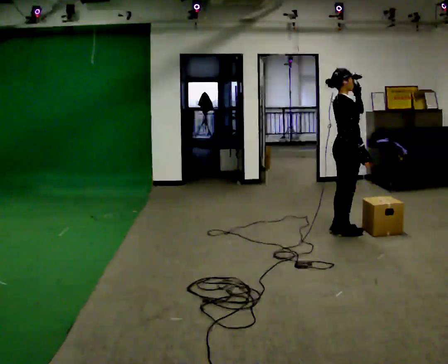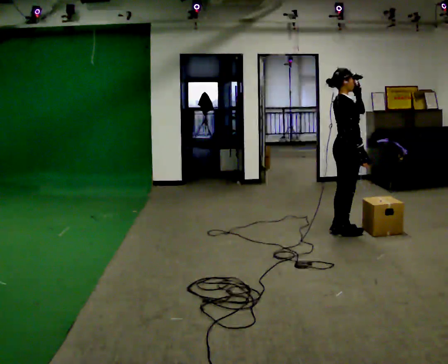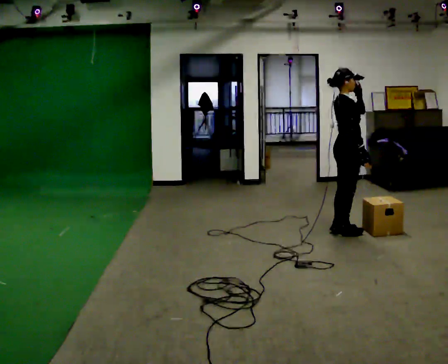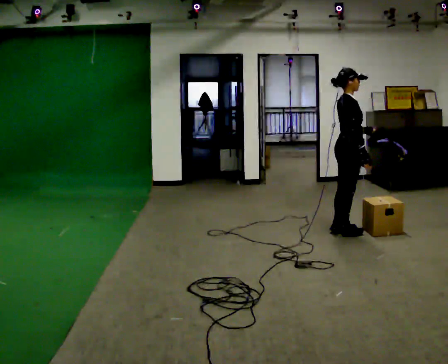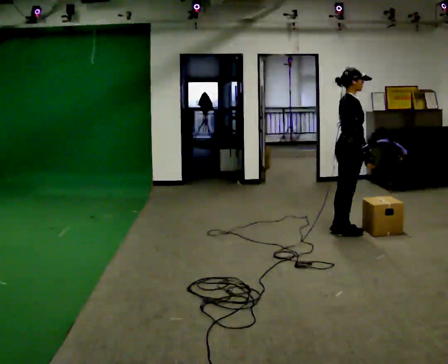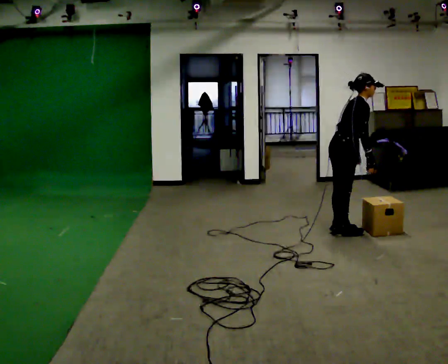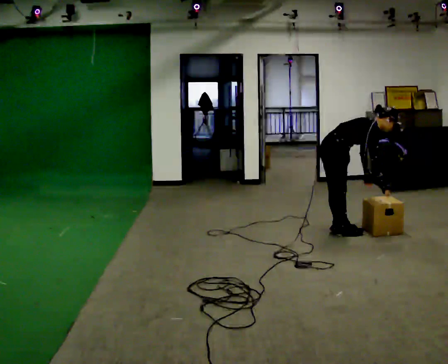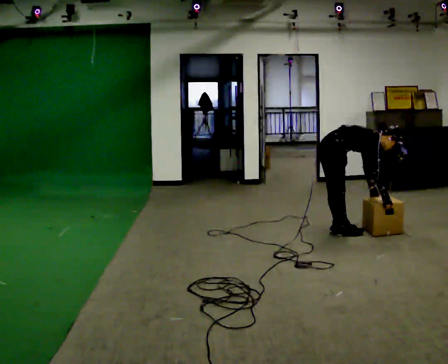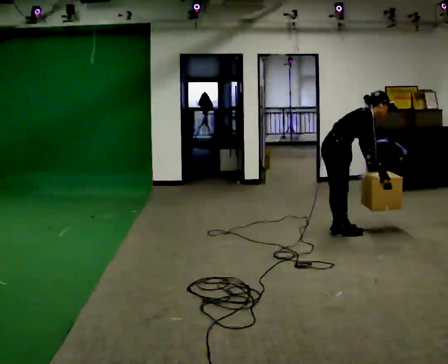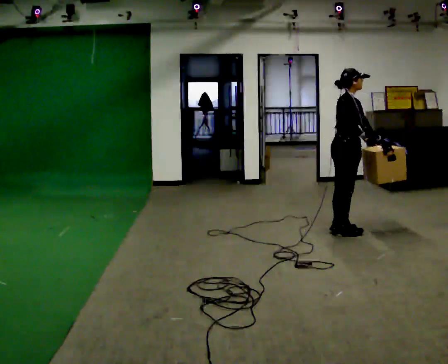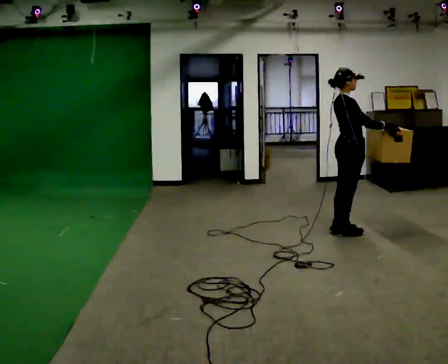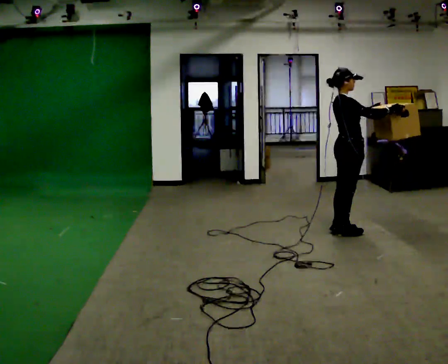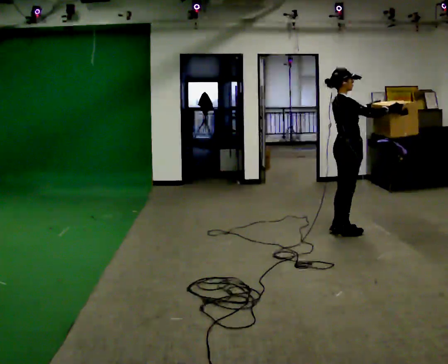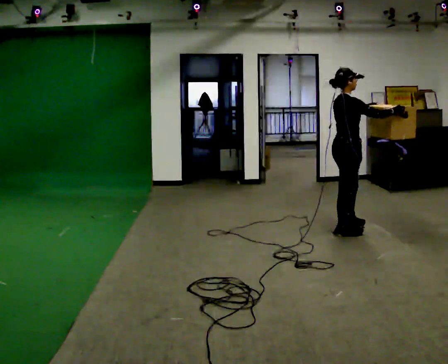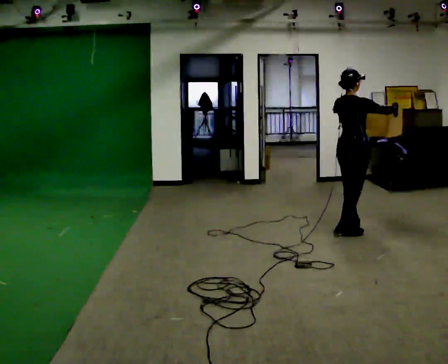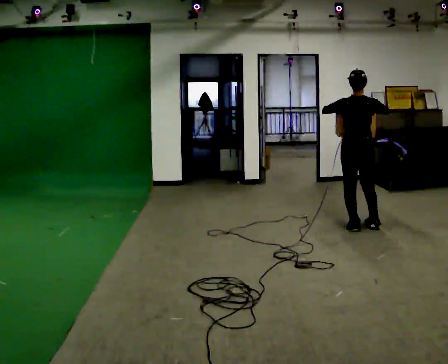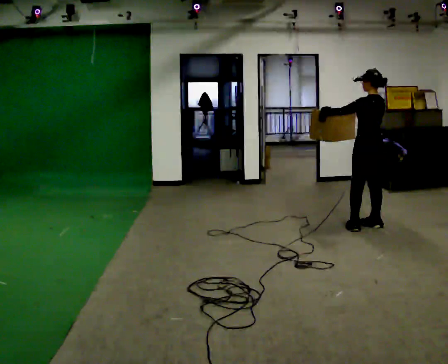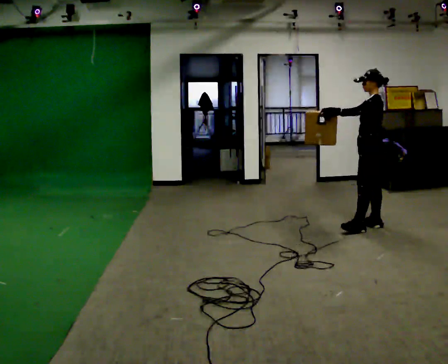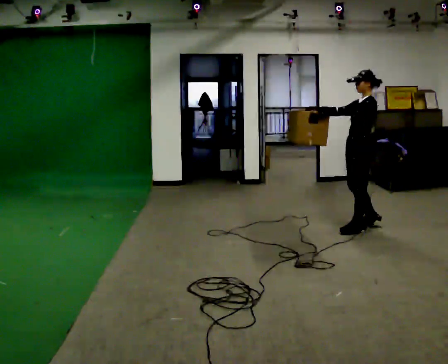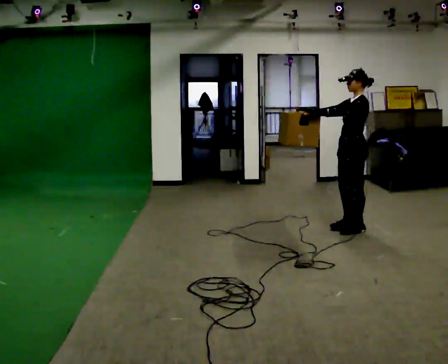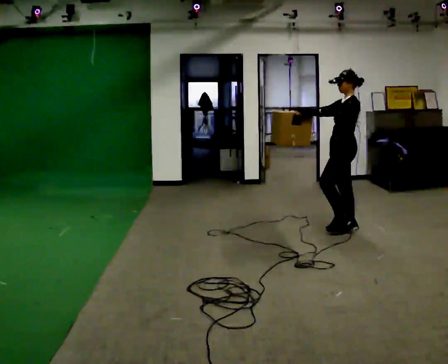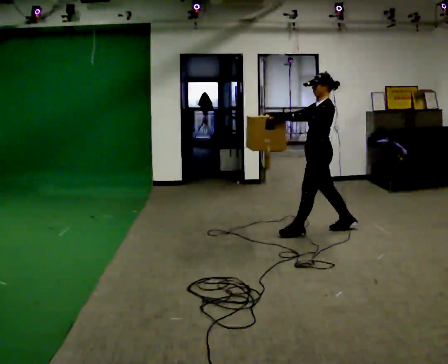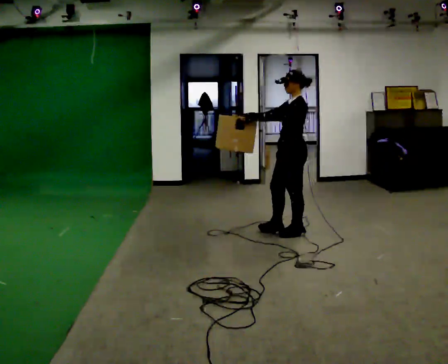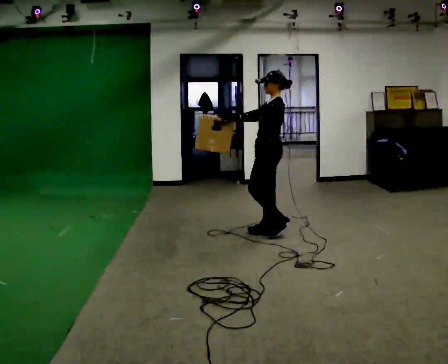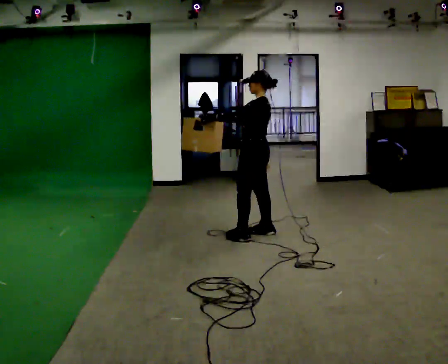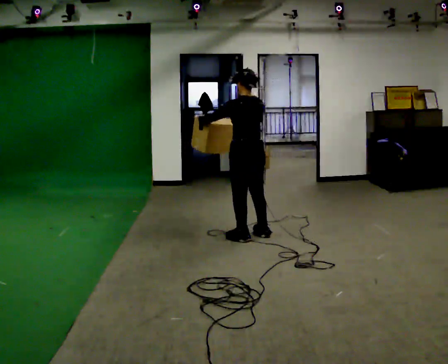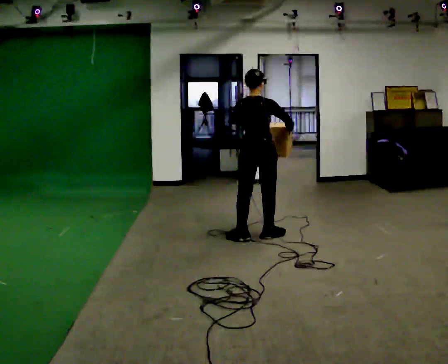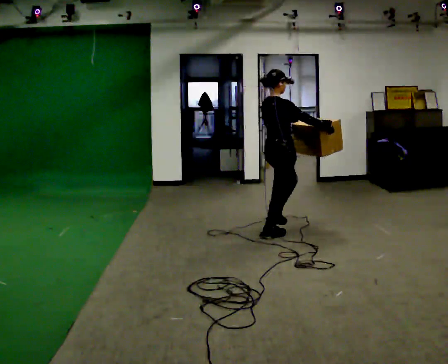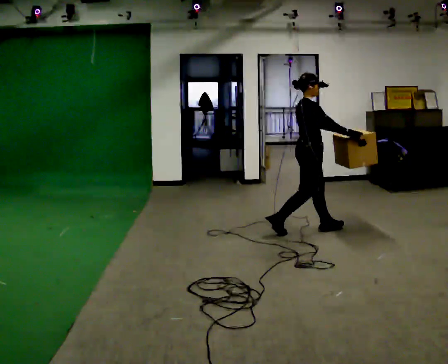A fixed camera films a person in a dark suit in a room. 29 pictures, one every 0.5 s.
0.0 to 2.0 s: In the picture their left hand goes downward.
2.0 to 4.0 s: The person moves a little, or ends about where they began.
4.0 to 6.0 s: In the picture the upper body tilts counterclockwise, shoulders to the left, as they lean back or straighten. In the picture their right hand goes upward, the arm swinging counterclockwise.
6.0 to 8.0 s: Seen from above the body turns counterclockwise, about 135 degrees: to their left, with its near side sliding to the right. In the picture they go away from the camera and to the right, about 0.5 m in 2 steps.
8.0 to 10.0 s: The person turns about 45 degrees to their left, counterclockwise seen from above, so the part of the body nearest the lens slides to the right. In the picture they go to the left, about 0.25 m in 1 step, which for them is forward.
10.0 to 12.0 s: In the picture they go to the left and toward the camera, about 1 m in 3 steps, which for them is forward.
12.0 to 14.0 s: The part of the body nearest the lens slides to the left as the person turns to their right by about 150 degrees. In the picture they go to the right and away from the camera, about 0.5 m in 1 step.
The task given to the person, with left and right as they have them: Carry the box along the marked route, turning 90 degrees at the corner the operator calls, and set it down at the end. Keep going until the operator says stop; one object at a time, and do not rush between trips.
The film runs forward here.
